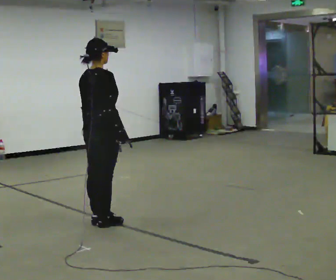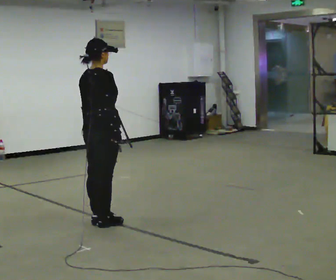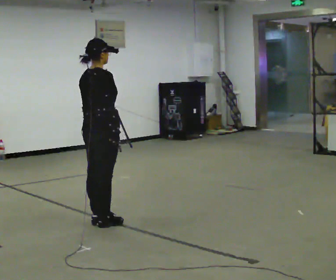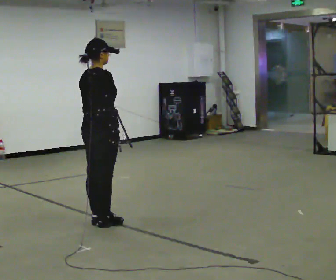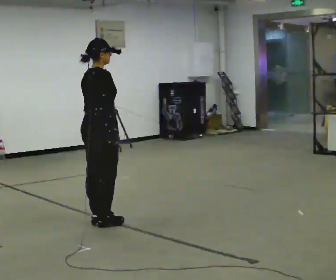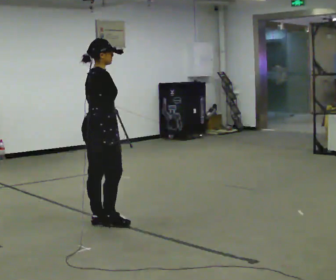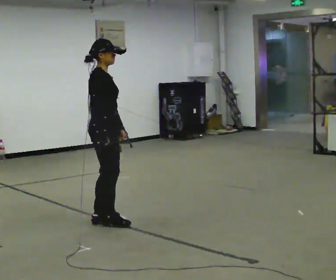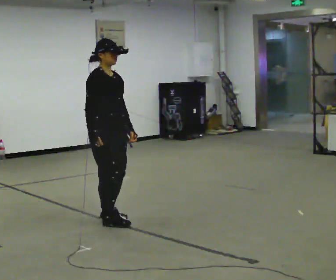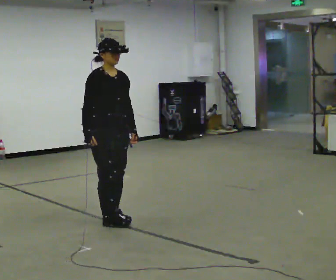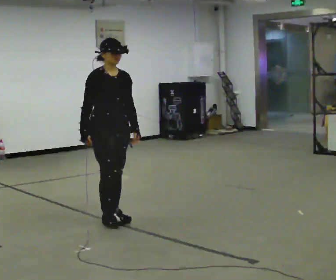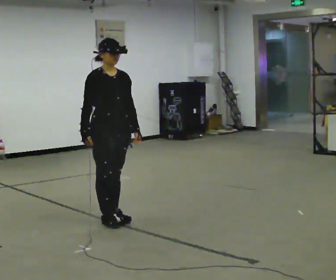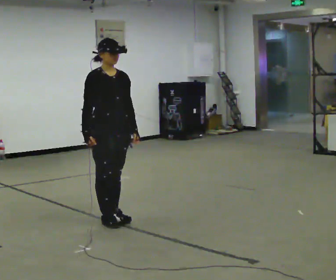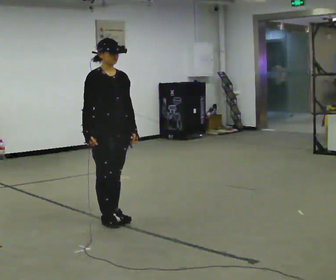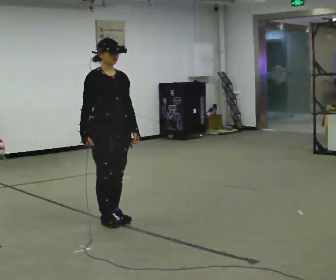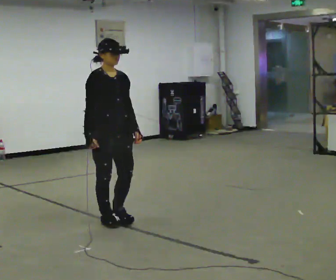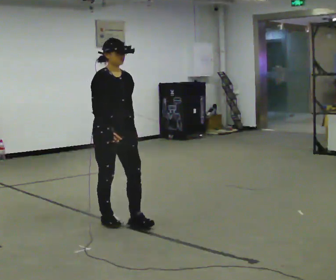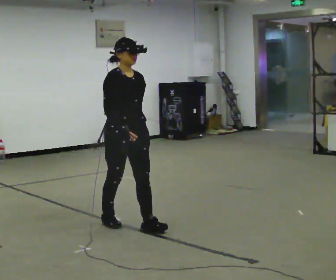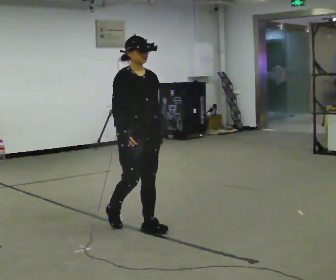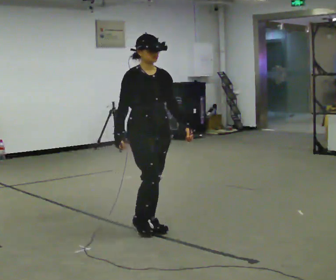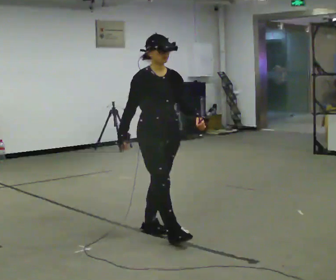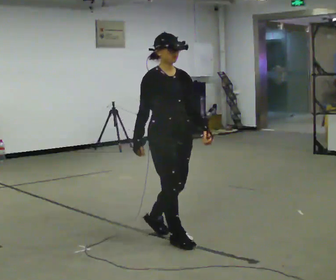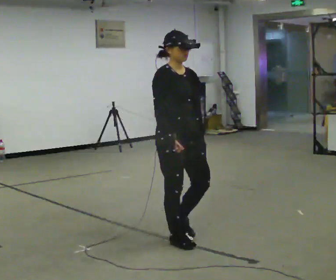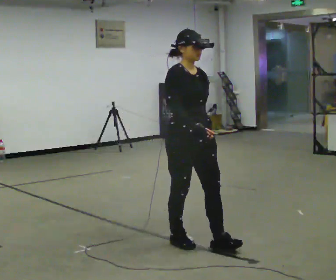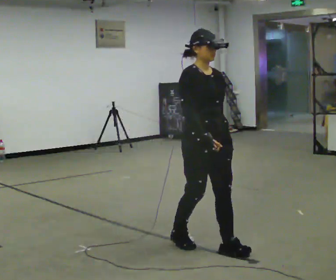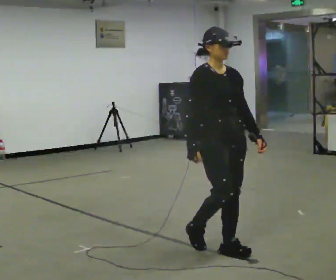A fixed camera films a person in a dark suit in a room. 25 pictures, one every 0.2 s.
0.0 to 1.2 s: The part of the body nearest the lens slides to the left as the person turns to their right by about 45 degrees. In the picture their left hand goes to the right.
1.2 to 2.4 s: The person turns about 45 degrees to their right, clockwise seen from above, so the part of the body nearest the lens slides to the left.
2.4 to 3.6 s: In the picture they go toward the camera and to the right, about 0.5 m in 1 step, which for them is forward.
3.6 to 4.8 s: In the picture they go toward the camera and to the right, about 0.5 m in 2 steps, which for them is forward.
The film runs forward here.
